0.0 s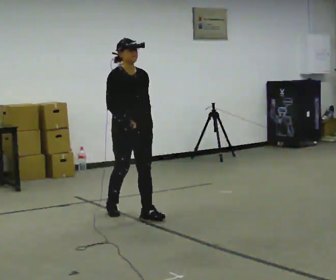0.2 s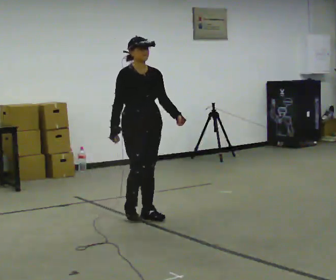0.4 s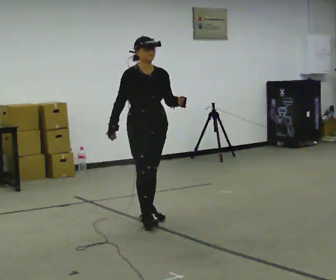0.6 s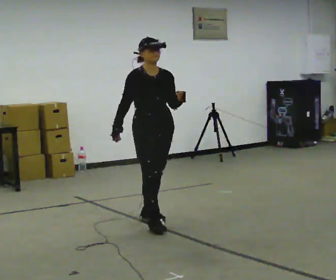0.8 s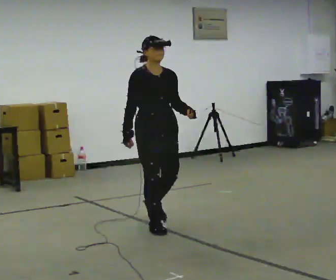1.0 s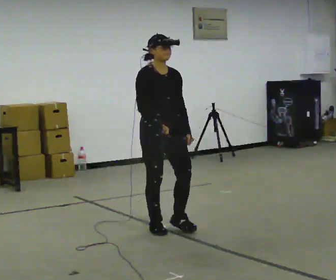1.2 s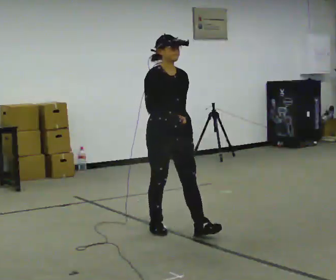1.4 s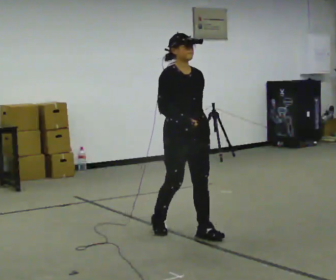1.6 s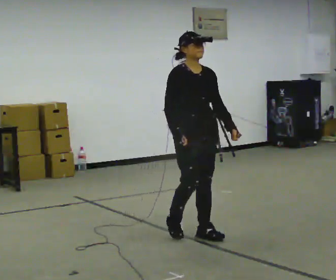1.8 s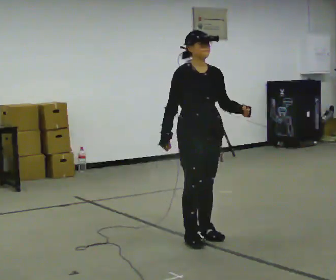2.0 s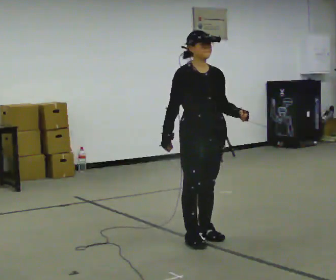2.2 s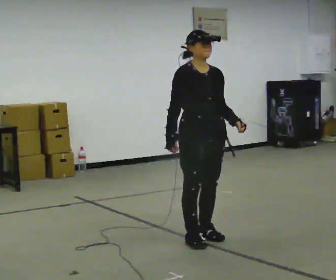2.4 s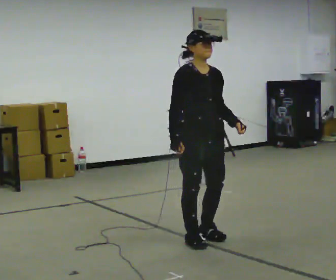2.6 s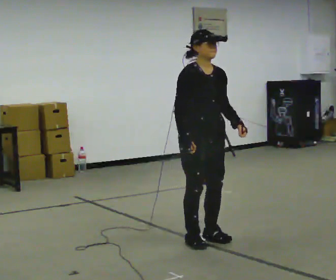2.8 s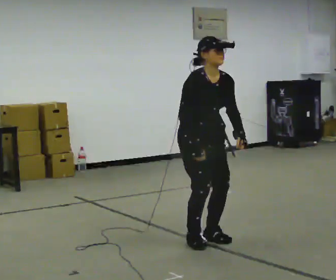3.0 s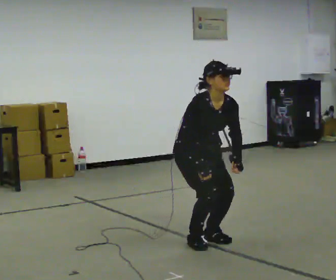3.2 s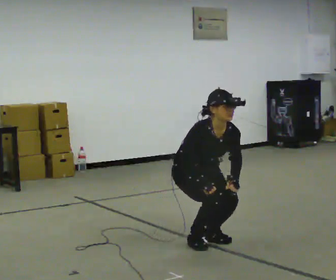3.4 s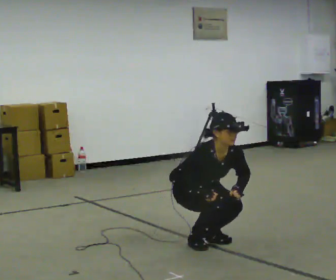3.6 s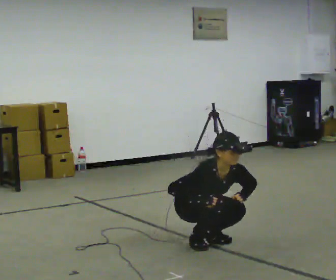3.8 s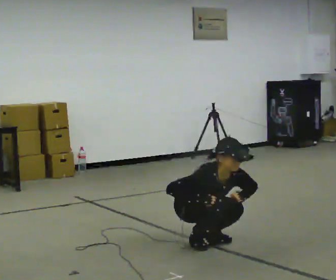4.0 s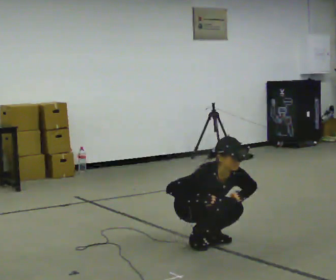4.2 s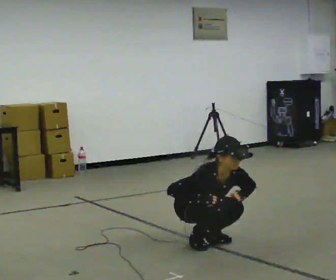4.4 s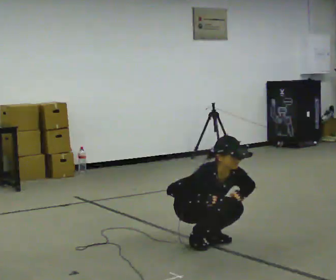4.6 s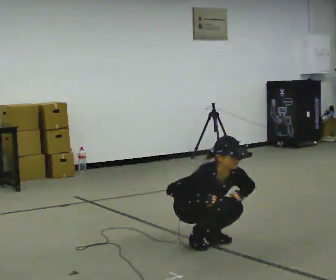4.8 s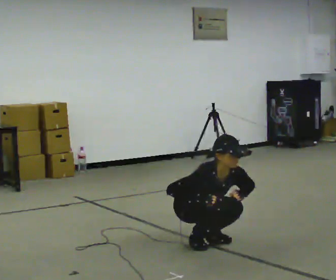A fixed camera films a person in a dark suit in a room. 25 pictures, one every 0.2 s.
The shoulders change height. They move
downward.
0.0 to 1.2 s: In the picture they go toward the camera and to the right, about 0.75 m in 1 step, which for them is forward.
1.2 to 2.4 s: In the picture they go toward the camera and to the right, about 0.5 m in 2 steps, which for them is forward.
2.4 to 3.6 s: The upper body goes downward. The upper body tips toward the camera, its near side rolling downward, as they bend forward. In the picture their right hand goes downward.
3.6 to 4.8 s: The person keeps their place and pose.
The film runs forward here.
